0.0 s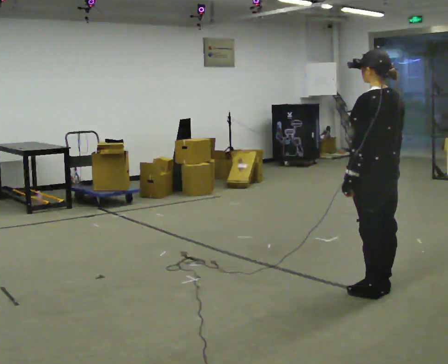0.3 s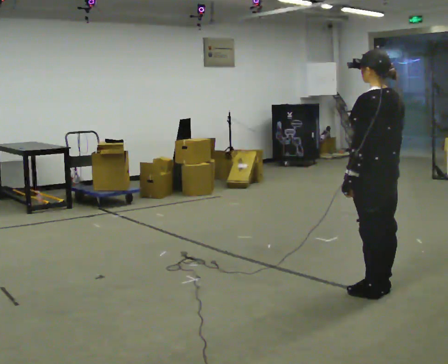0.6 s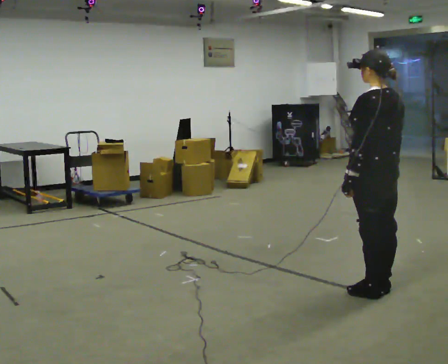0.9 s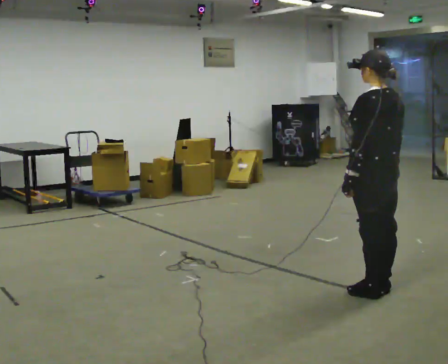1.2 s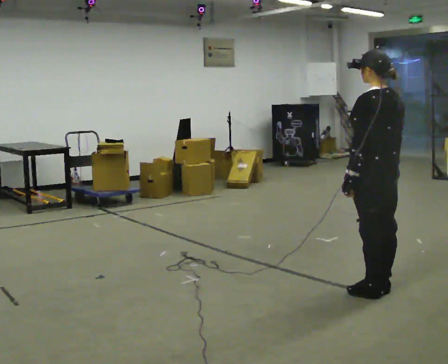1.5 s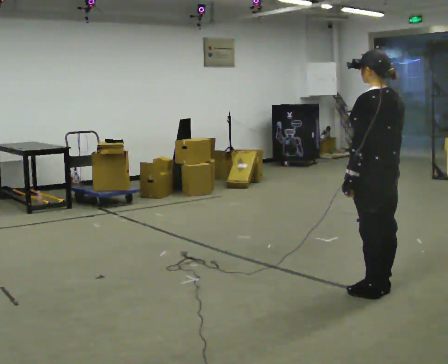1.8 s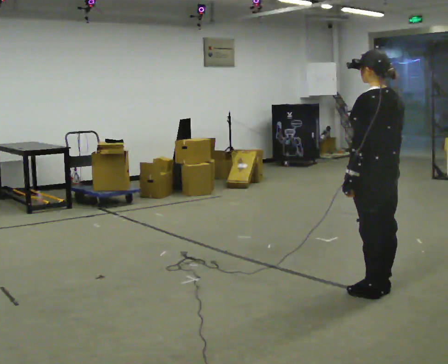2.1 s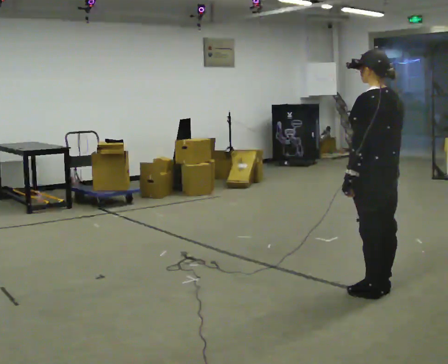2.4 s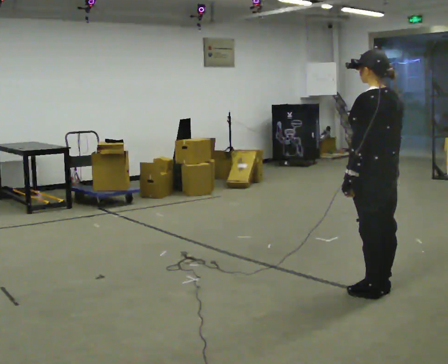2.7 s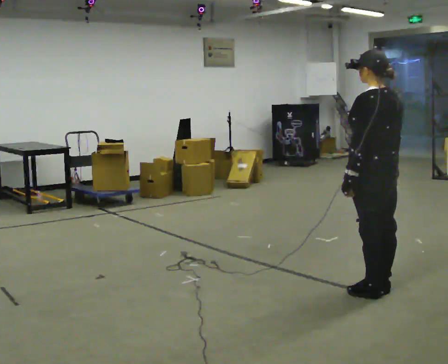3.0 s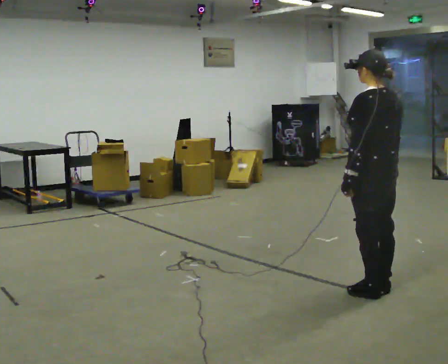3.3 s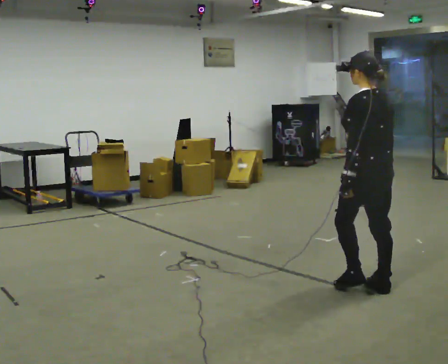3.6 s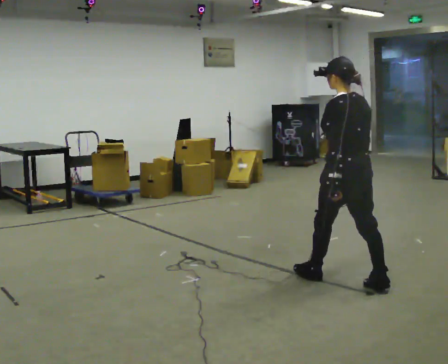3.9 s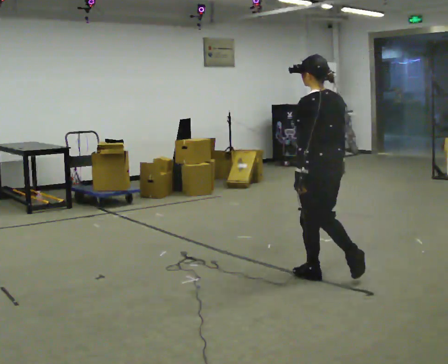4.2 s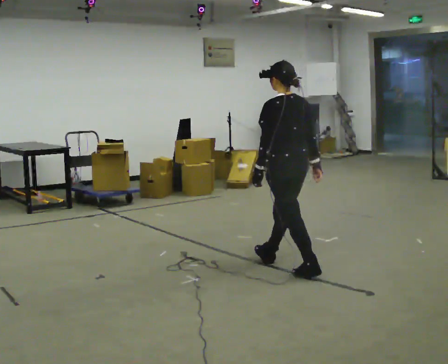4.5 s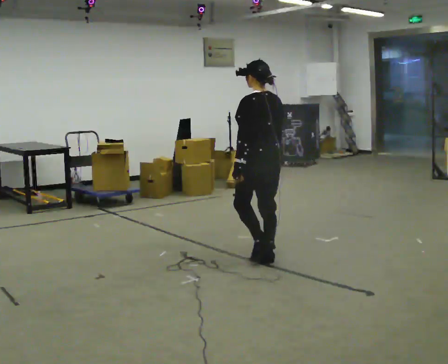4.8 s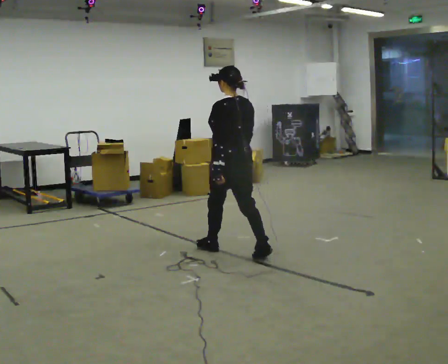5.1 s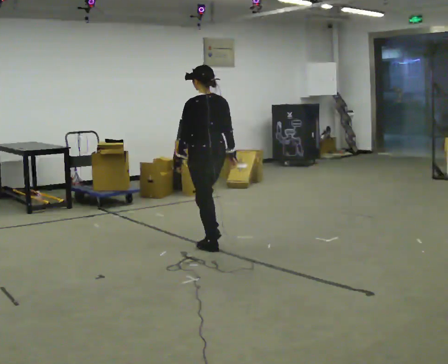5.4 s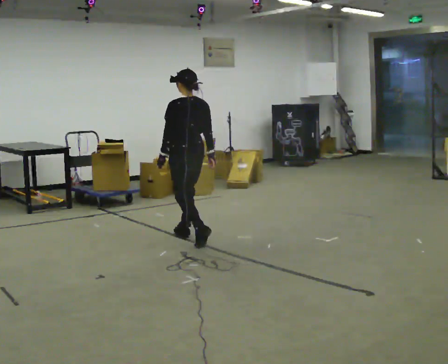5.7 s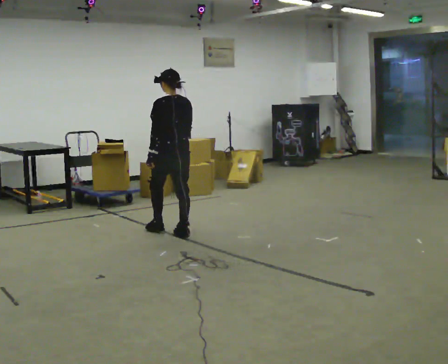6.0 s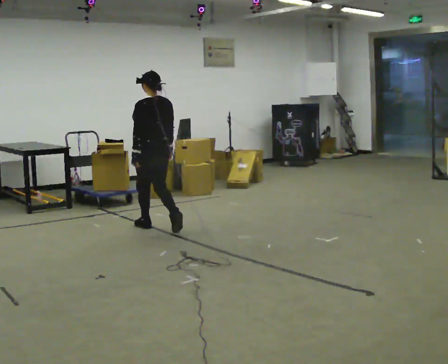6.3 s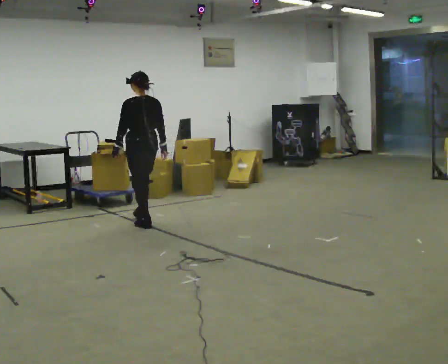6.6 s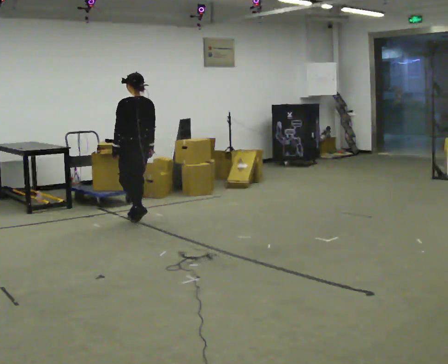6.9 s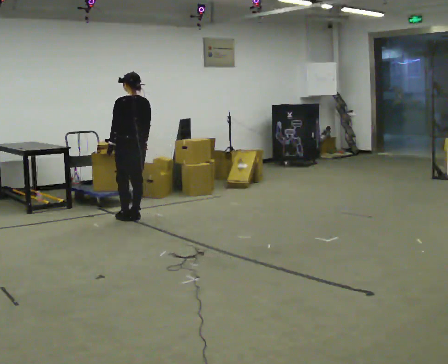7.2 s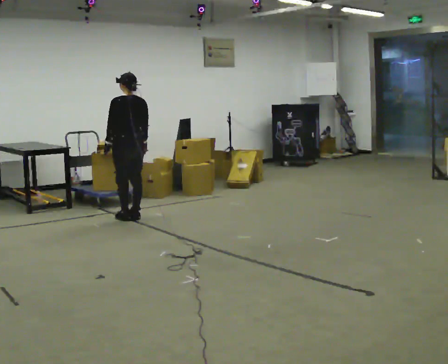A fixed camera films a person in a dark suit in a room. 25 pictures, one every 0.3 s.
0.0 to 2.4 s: The person keeps their place and pose.
2.4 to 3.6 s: In the picture they go to the left and away from the camera, about 0.25 m in 1 step, which for them is forward.
3.6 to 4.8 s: In the picture they go to the left and away from the camera, about 1 m in 2 steps, which for them is forward.
4.8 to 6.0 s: In the picture they go to the left and away from the camera, about 1 m in 2 steps, which for them is forward.
6.0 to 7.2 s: In the picture they go away from the camera and to the left, about 0.5 m in 2 steps, which for them is forward.
The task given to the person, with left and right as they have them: Stand still 2 s; begin walking naturally; walk forward; stop.
The film runs forward here.
